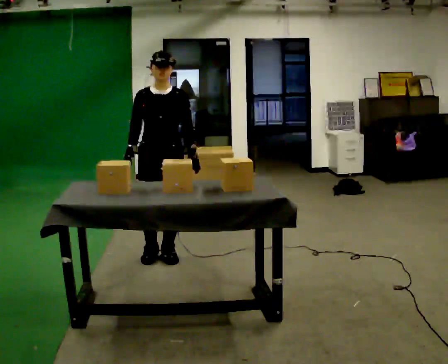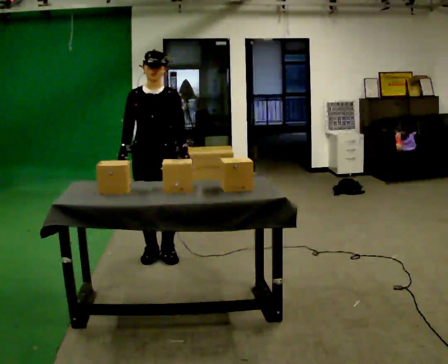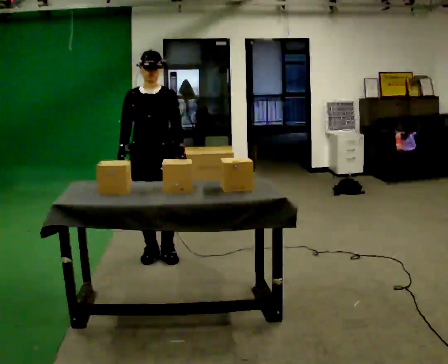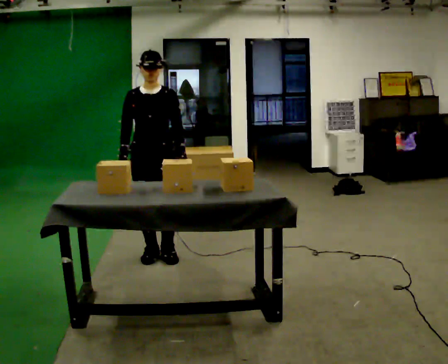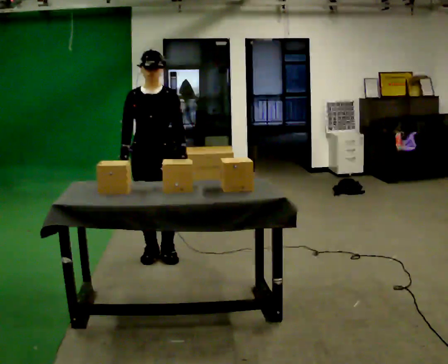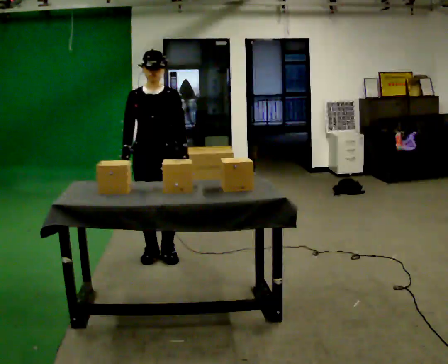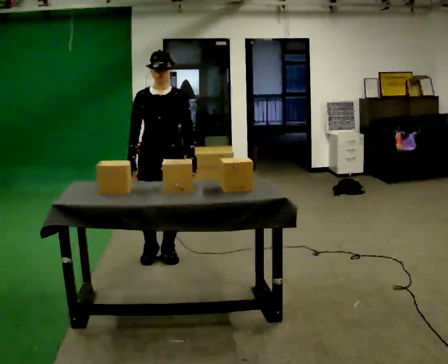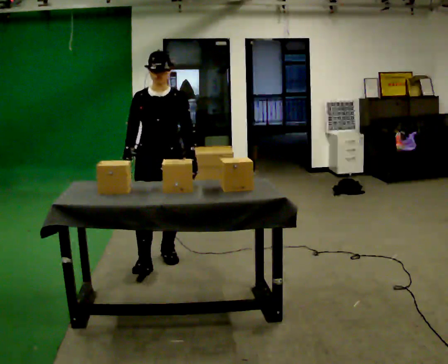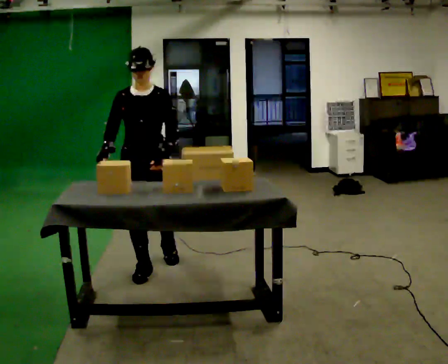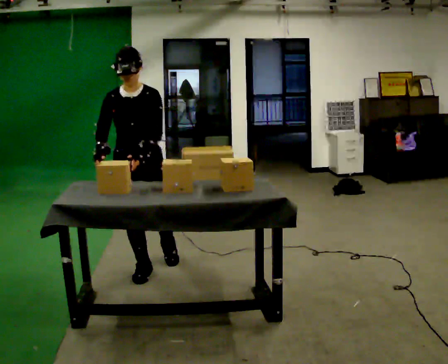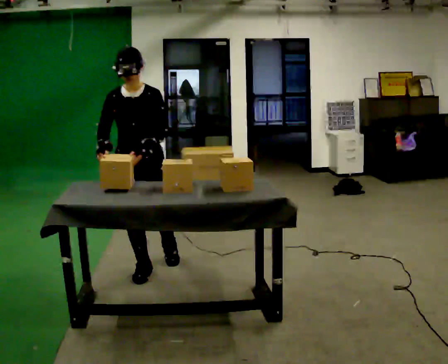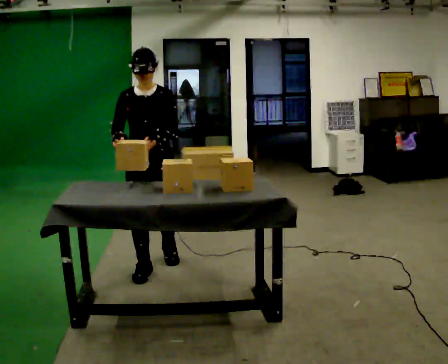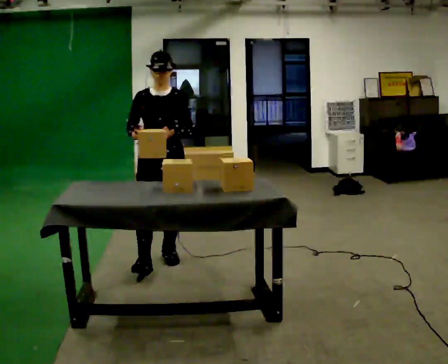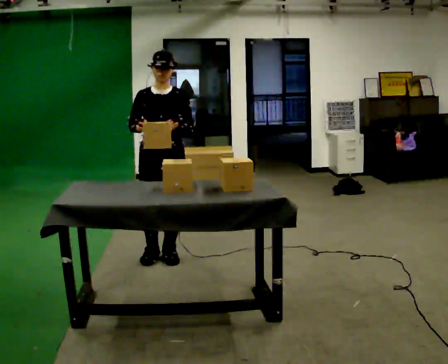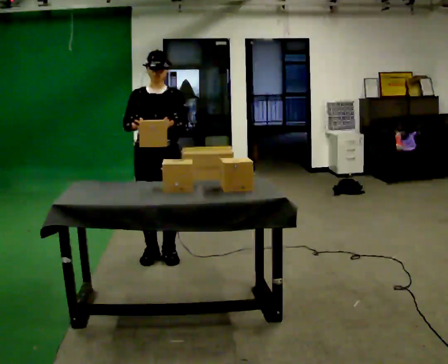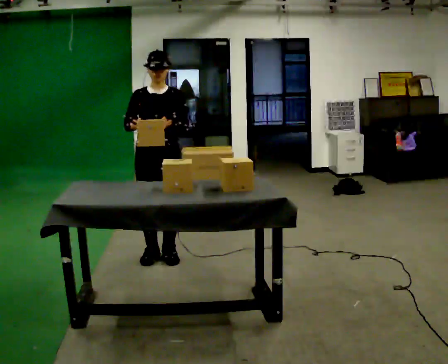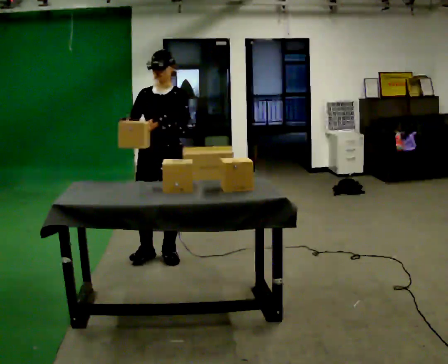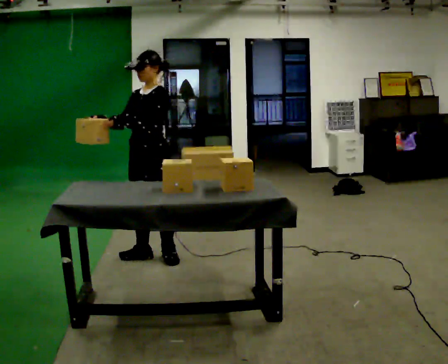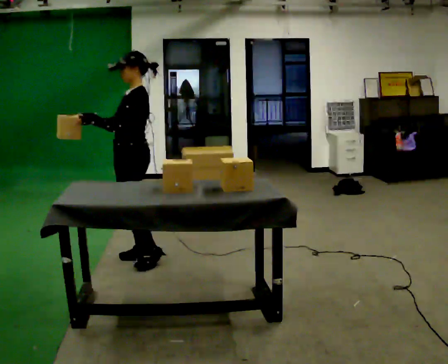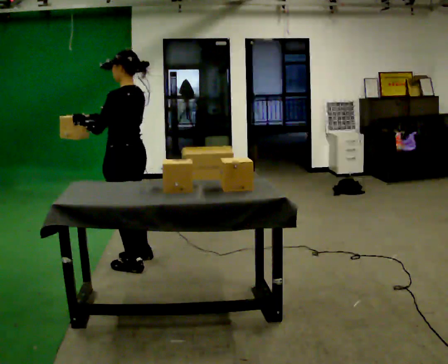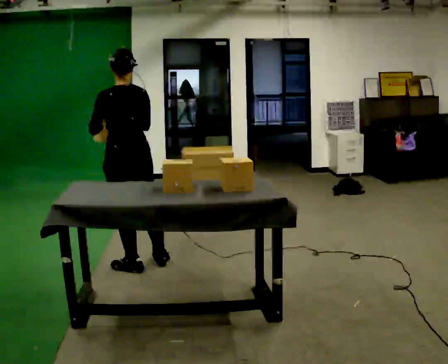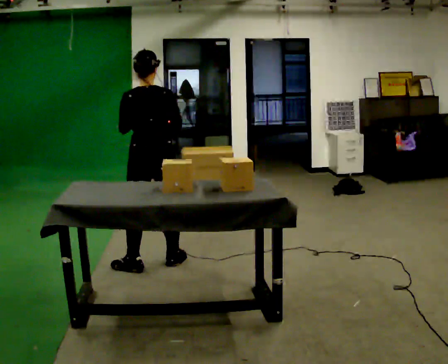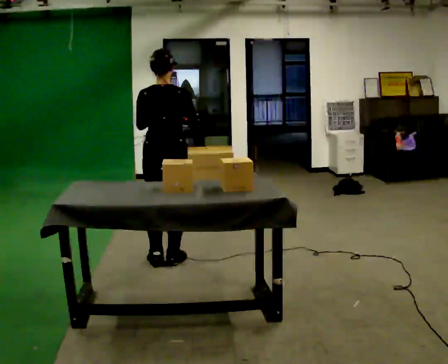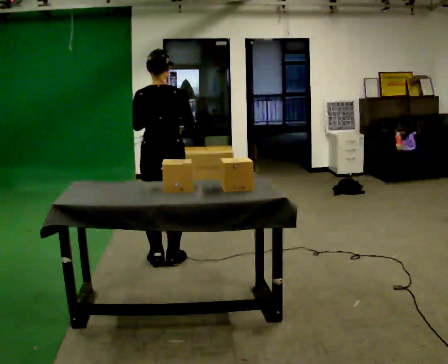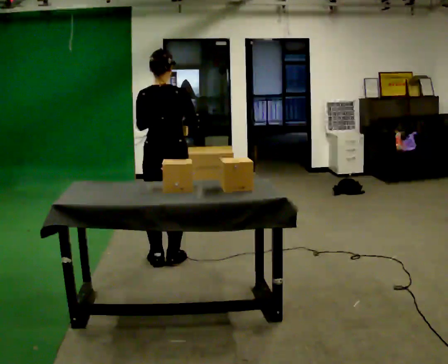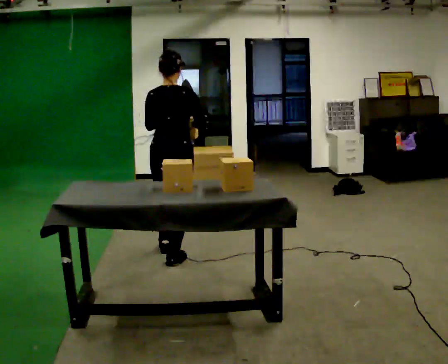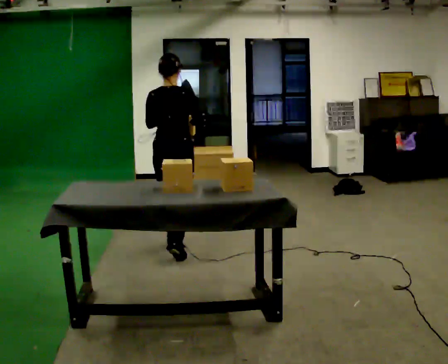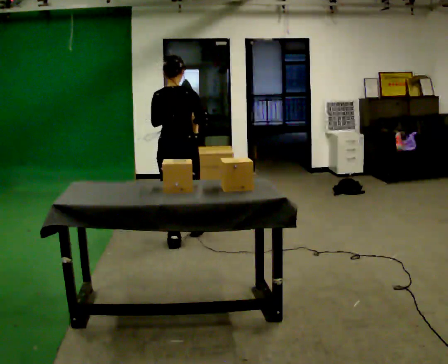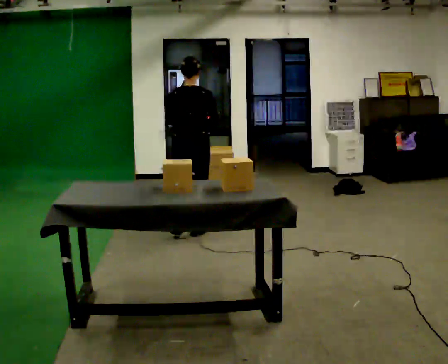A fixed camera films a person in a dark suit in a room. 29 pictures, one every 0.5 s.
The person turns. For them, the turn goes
to their right.
The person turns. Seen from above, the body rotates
clockwise.
0.0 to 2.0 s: The person moves a little, or ends about where they began.
2.0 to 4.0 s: In the picture they go toward the camera, about 0.25 m in 1 step, which for them is forward.
4.0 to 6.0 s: In the picture they go away from the camera, about 0.25 m, which for them is backward.
6.0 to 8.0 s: The person moves a little, or ends about where they began.
8.0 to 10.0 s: The part of the body nearest the lens slides to the left as the person turns to their right by about 135 degrees. In the picture they go toward the camera and to the left, about 0.25 m in 1 step.
10.0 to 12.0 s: The person turns about 30 degrees to their right, clockwise seen from above, so the part of the body nearest the lens slides to the left. In the picture they go to the right, about 0.25 m in 2 steps, which for them is to their right and forward.
12.0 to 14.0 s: In the picture they go away from the camera, about 0.5 m in 2 steps, which for them is forward.
The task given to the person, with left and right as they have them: Pick up the next box in the row and carry it to the table. The operator will not tell you how heavy each one is. Keep going until the operator says stop; one object at a time, and do not rush between trips.
The film runs forward here.
